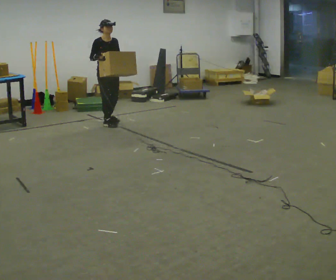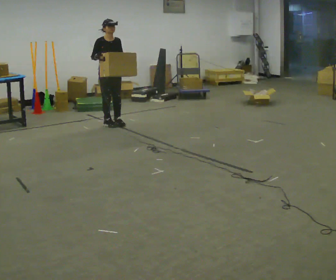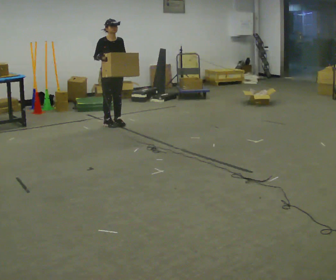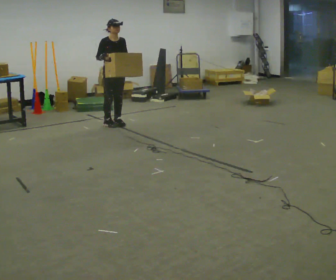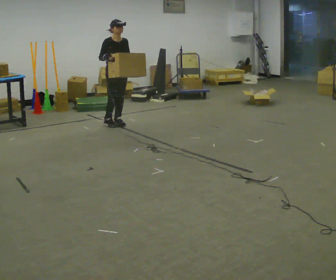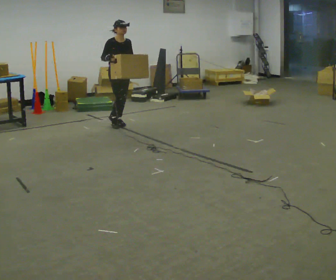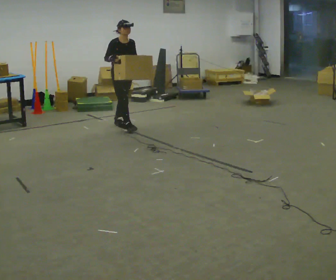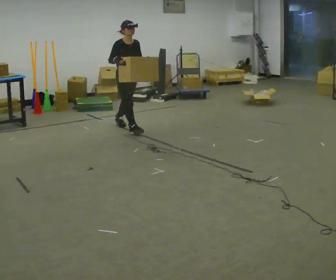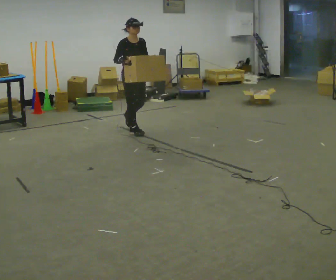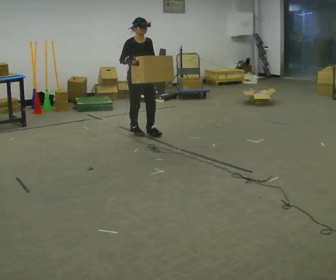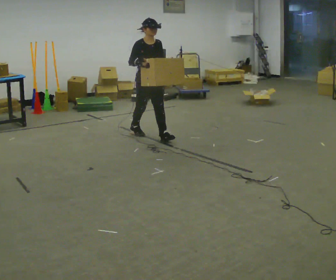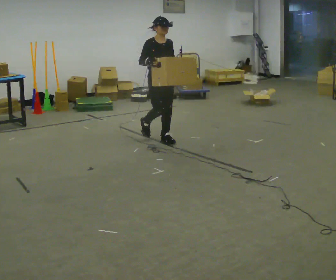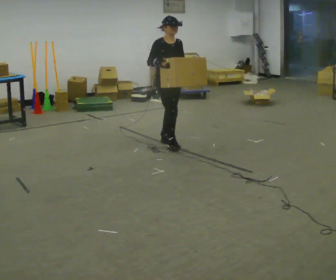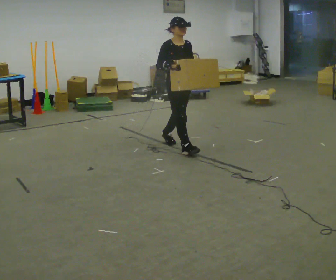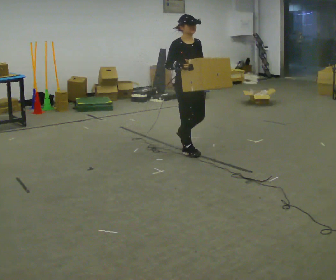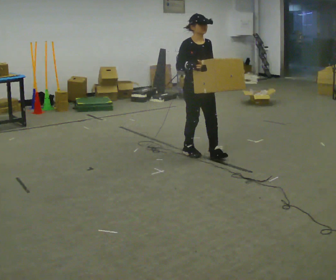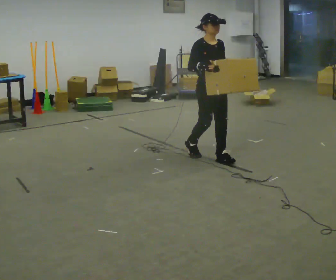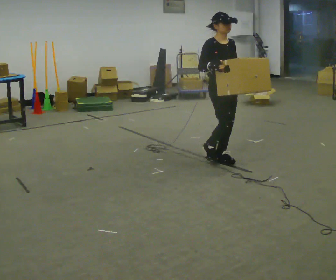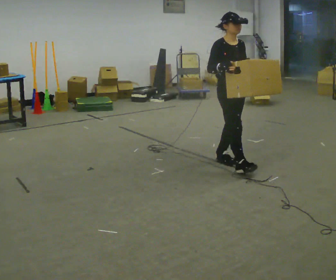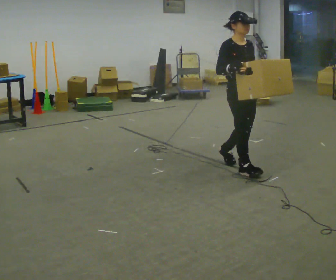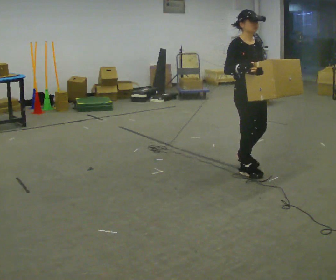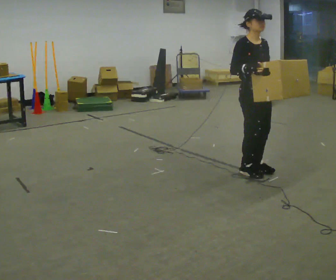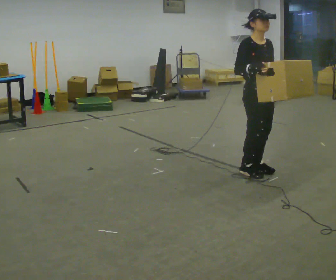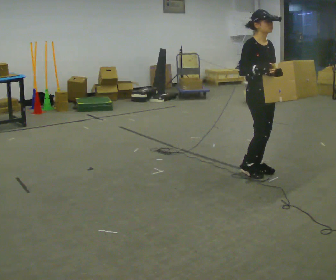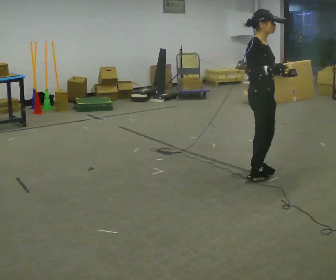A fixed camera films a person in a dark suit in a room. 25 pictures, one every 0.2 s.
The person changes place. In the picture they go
toward the camera.
0.0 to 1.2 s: In the picture they go to the right and toward the camera, about 0.25 m in 1 step, which for them is forward.
1.2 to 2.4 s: In the picture they go toward the camera and to the right, about 1 m in 2 steps, which for them is forward.
2.4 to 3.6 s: In the picture they go toward the camera and to the right, about 1 m in 2 steps, which for them is forward.
3.6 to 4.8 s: The person turns about 45 degrees to their left, counterclockwise seen from above, so the part of the body nearest the lens slides to the right. In the picture they go toward the camera and to the right, about 0.25 m in 2 steps, which for them is forward.
The film runs forward here.
